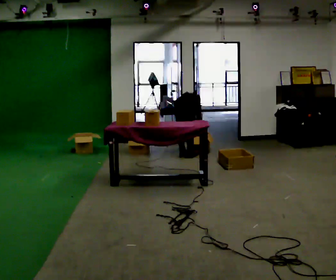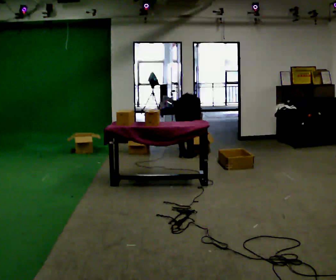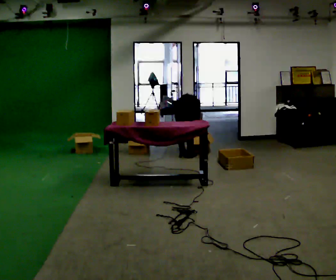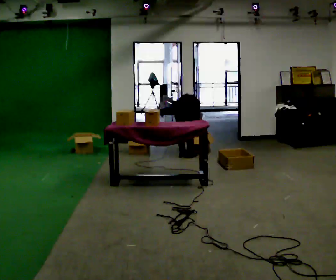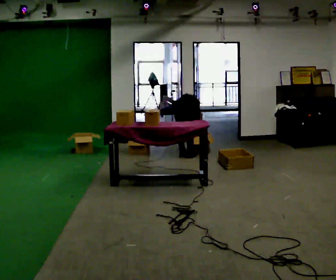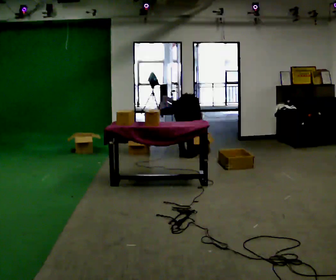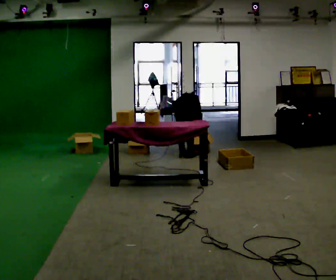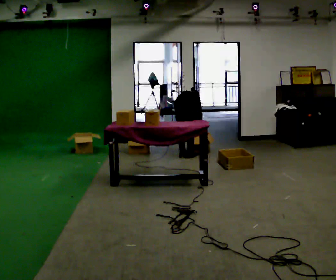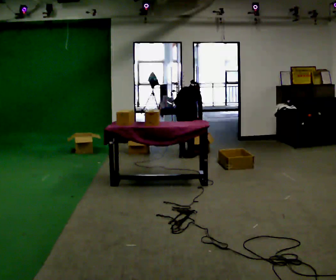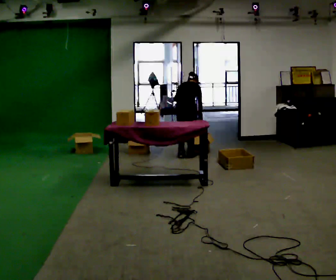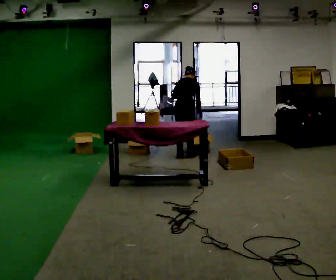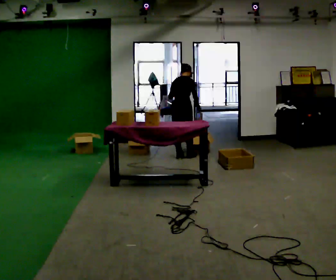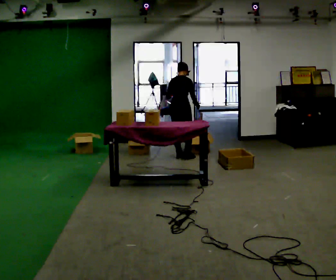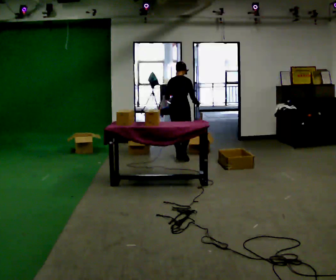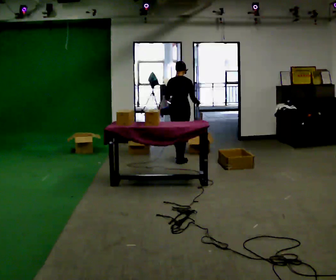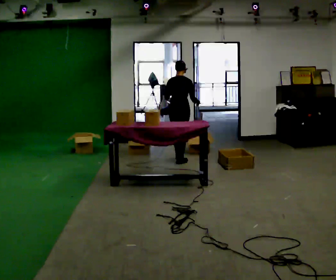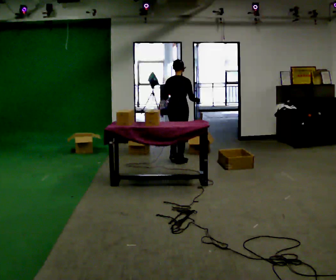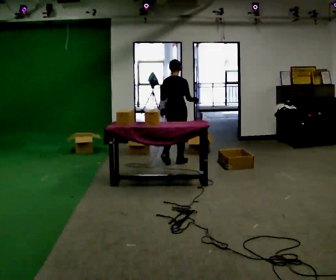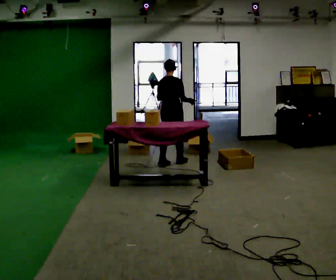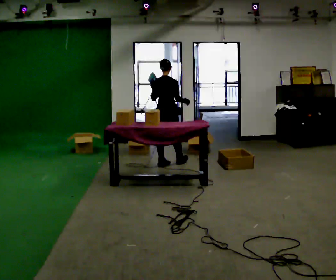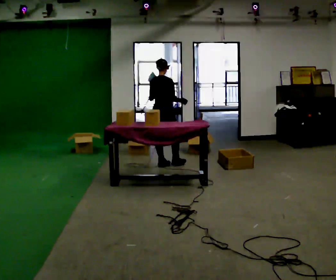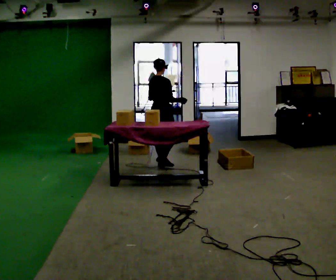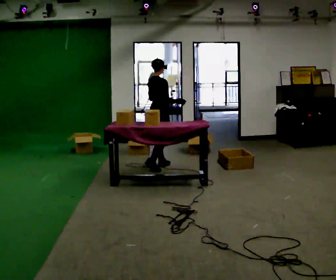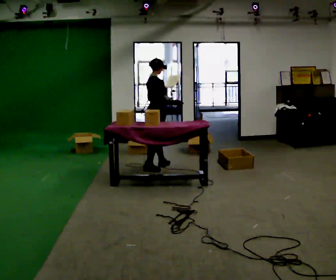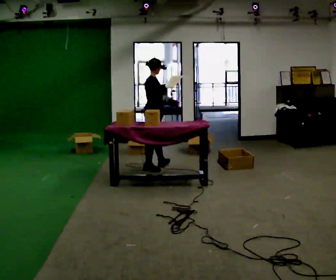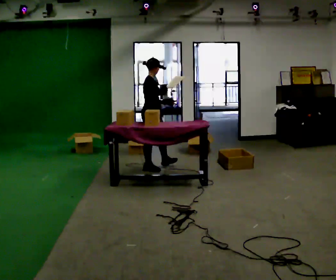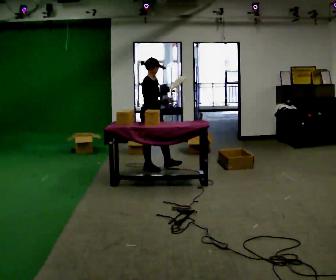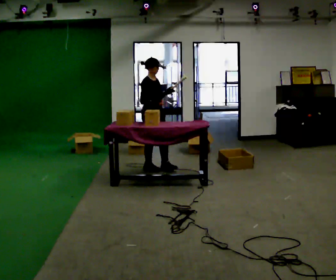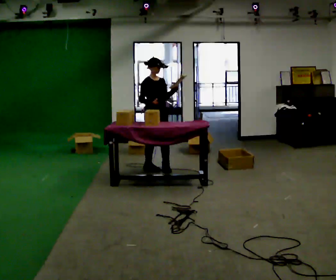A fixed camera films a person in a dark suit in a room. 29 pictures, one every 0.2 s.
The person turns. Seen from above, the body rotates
clockwise.
The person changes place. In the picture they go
toward the camera.
0.0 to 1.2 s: The person moves a little, or ends about where they began.
1.2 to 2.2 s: The shoulders move upward. The upper body tips toward the camera, its near side rolling downward, as they lean back or straighten.
2.2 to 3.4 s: In the picture they go toward the camera, about 0.25 m in 2 steps, which for them is backward. The upper body tips toward the camera, its near side rolling downward, as they lean back or straighten.
3.4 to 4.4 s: The part of the body nearest the lens slides to the left as the person turns to their right by about 30 degrees. In the picture they go toward the camera and to the left, about 0.25 m in 1 step, which for them is backward.
4.4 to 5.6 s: Seen from above the body turns clockwise, about 90 degrees: to their right, with its near side sliding to the left. In the picture they go toward the camera, about 0.25 m in 1 step. In the picture their right hand goes to the left.
The film runs backward here.
